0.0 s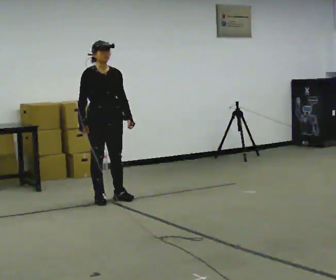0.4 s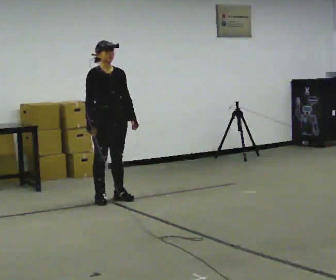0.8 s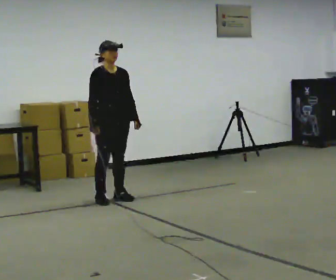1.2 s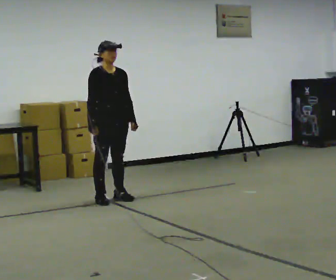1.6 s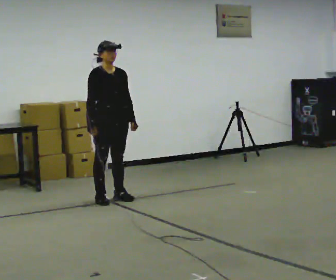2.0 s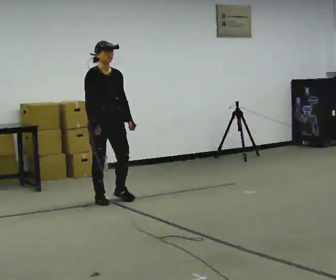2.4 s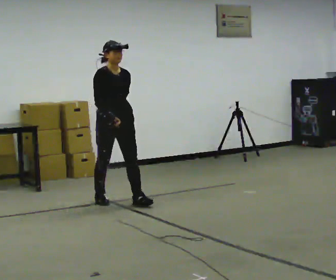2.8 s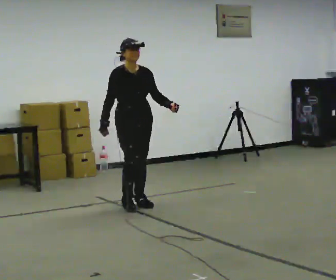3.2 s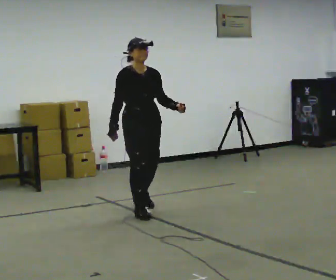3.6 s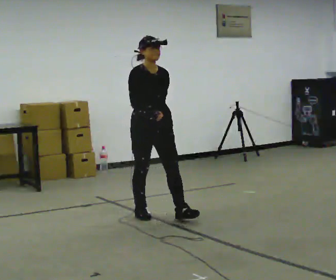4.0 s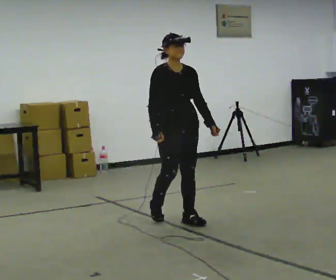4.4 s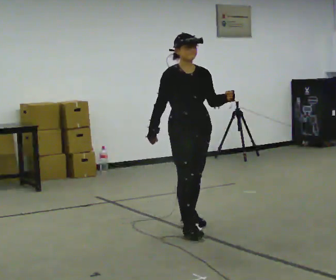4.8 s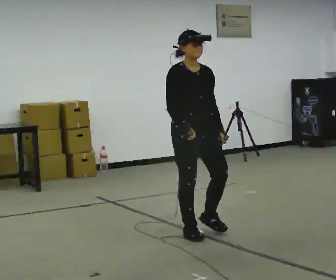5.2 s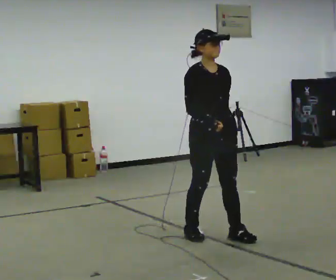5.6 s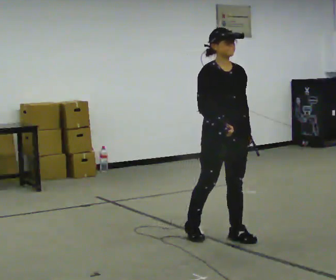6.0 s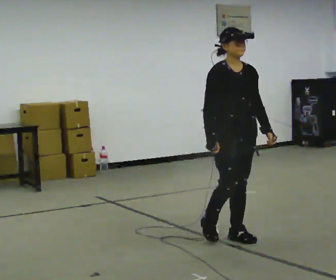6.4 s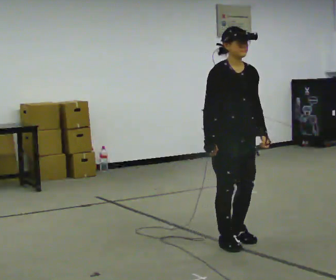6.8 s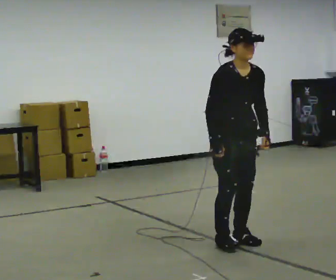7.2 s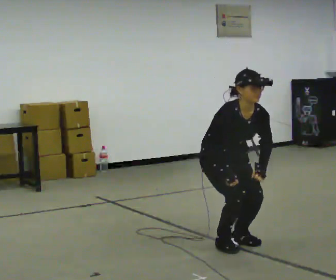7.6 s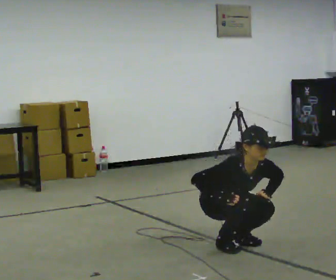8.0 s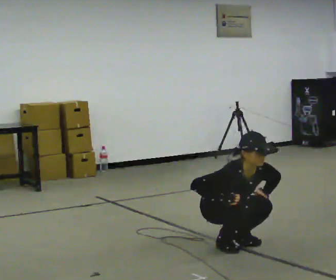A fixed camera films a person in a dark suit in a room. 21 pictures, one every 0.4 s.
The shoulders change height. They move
downward.
0.0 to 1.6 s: The person moves a little, or ends about where they began.
1.6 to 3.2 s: In the picture they go toward the camera and to the right, about 0.5 m in 2 steps, which for them is forward.
3.2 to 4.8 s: In the picture they go toward the camera and to the right, about 1 m in 2 steps, which for them is forward.
4.8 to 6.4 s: In the picture they go toward the camera and to the right, about 0.5 m in 2 steps, which for them is forward.
6.4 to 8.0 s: The upper body goes downward. The upper body tips toward the camera, its near side rolling downward, as they bend forward. In the picture their left hand goes downward.
The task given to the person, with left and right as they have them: Walk; crouch comfortably at marker; remain briefly; stand and continue.
The film runs forward here.
